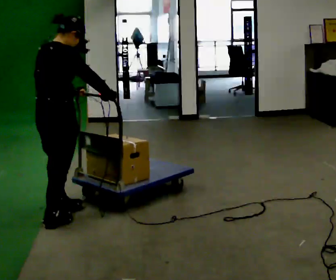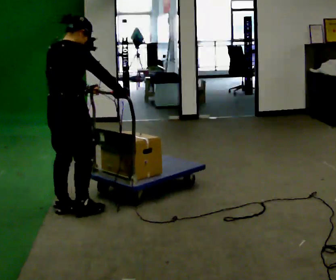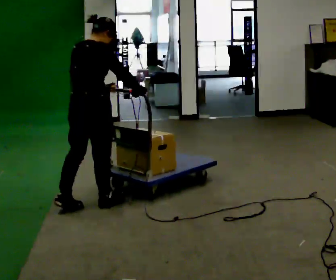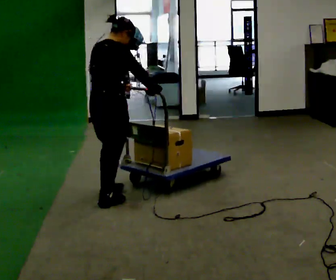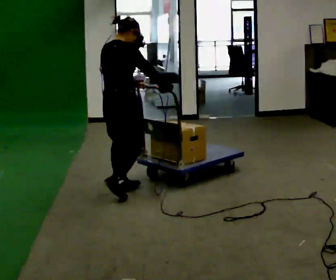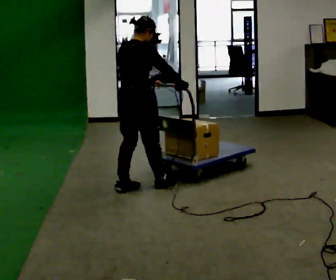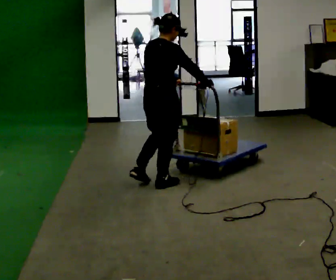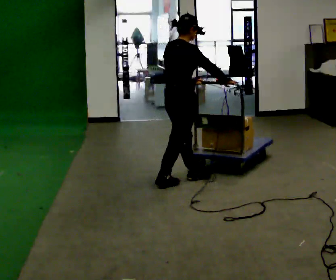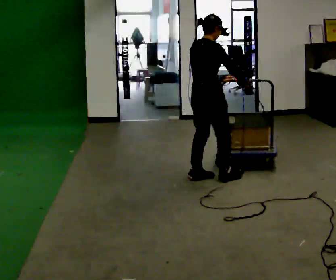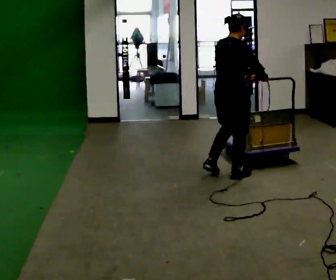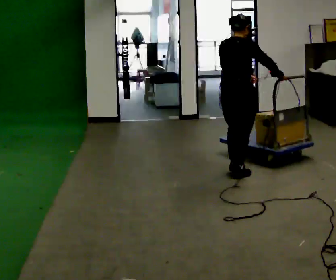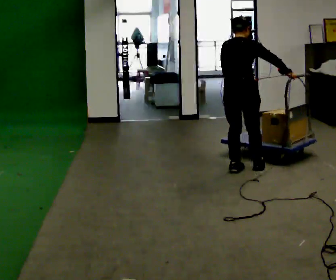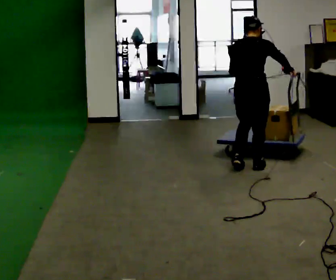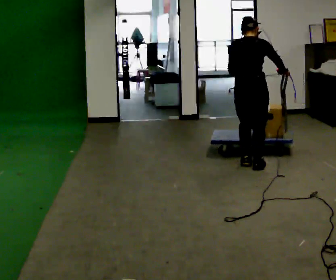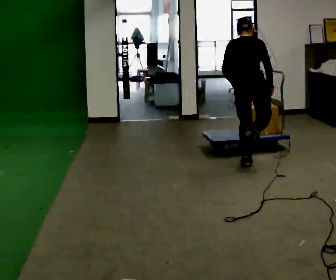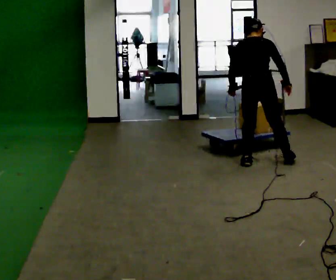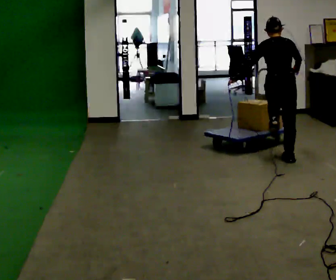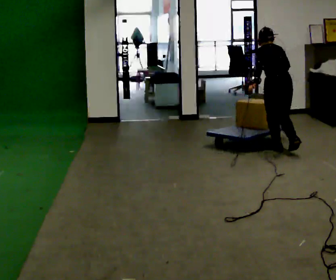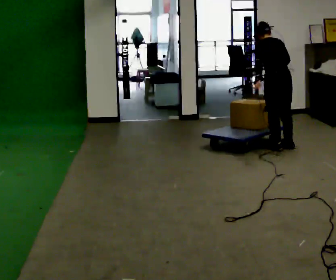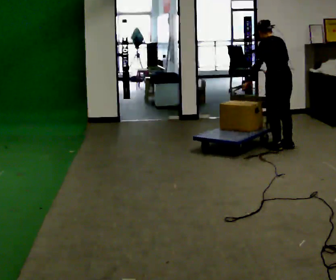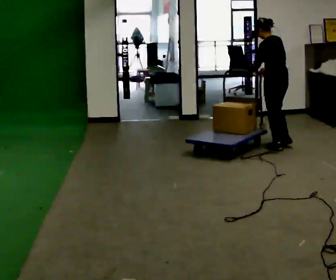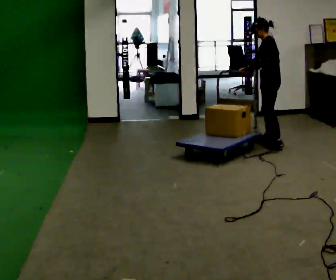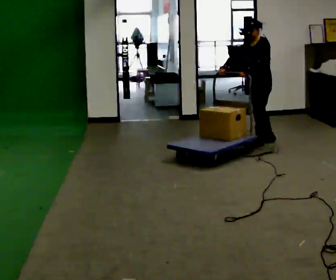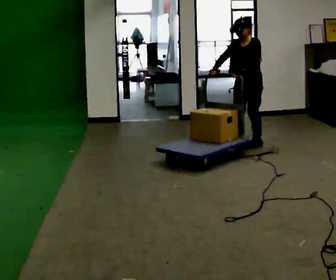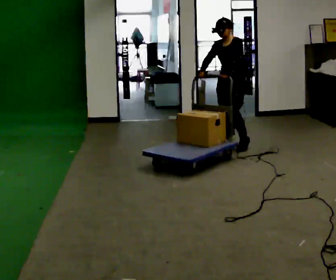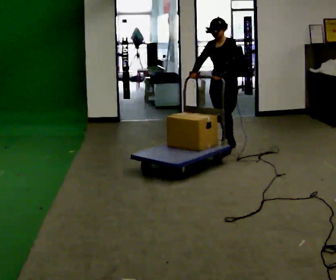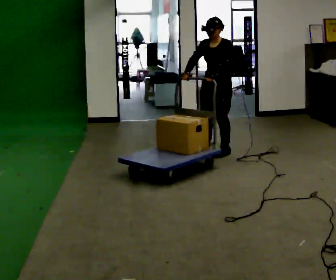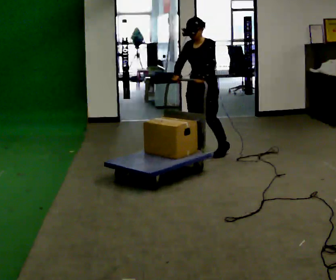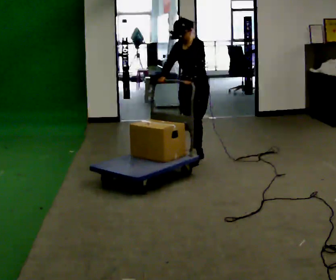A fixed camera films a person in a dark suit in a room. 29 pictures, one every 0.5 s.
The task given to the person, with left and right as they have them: Push the loaded cart from one corner of the room to the other, turn it round, and push it back. Keep going until the operator says stop.
0.0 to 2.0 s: In the picture they go away from the camera and to the right, about 0.75 m in 2 steps, which for them is forward.
2.0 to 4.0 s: In the picture they go to the right and away from the camera, about 1 m in 2 steps, which for them is forward.
4.0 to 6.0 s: Seen from above the body turns counterclockwise, about 45 degrees: to their left, with its near side sliding to the right. In the picture they go to the right and away from the camera, about 0.5 m in 3 steps, which for them is forward and to their right.
6.0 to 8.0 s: In the picture they go away from the camera and to the right, about 0.5 m in 2 steps, which for them is to their right and forward.
8.0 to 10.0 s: Seen from above the body turns counterclockwise, about 45 degrees: to their left, with its near side sliding to the right. In the picture they go away from the camera, about 0.5 m in 2 steps, which for them is forward and to their right.
10.0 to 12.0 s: The part of the body nearest the lens slides to the right as the person turns to their left by about 90 degrees. In the picture they go to the left, about 0.5 m in 3 steps.
12.0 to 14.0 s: In the picture they go toward the camera and to the left, about 0.75 m in 2 steps, which for them is forward.
The film runs forward here.
